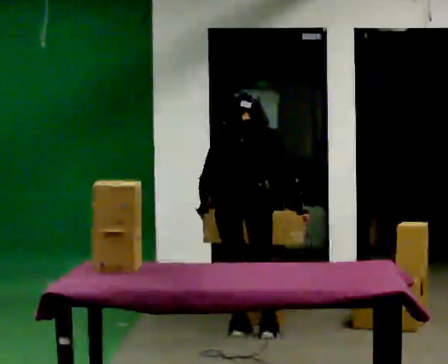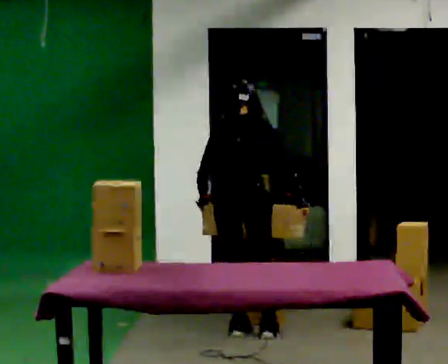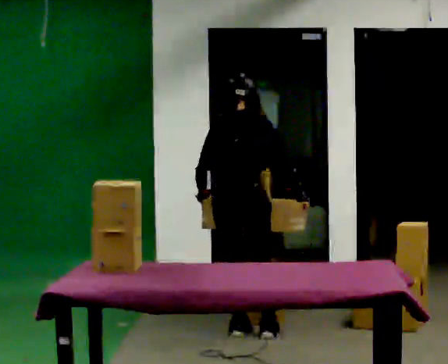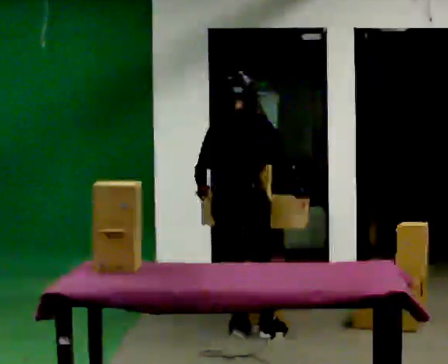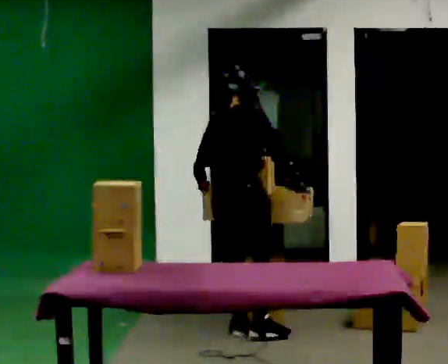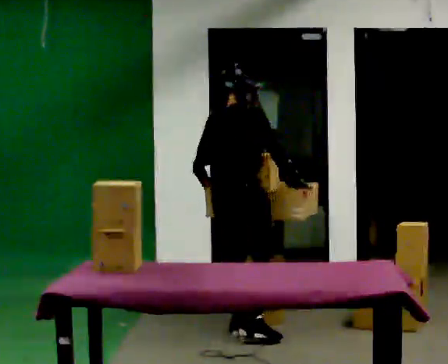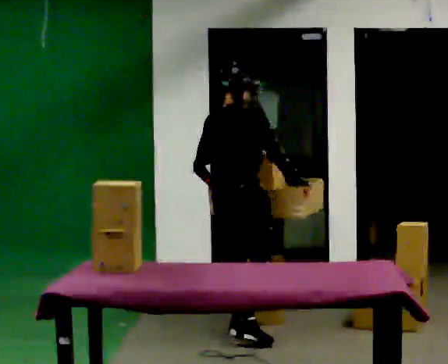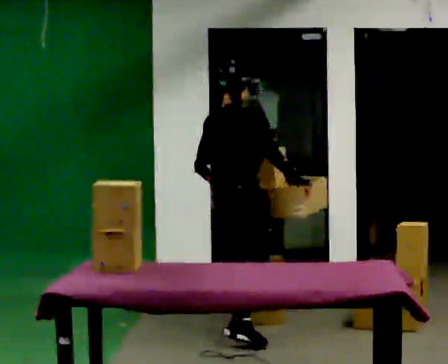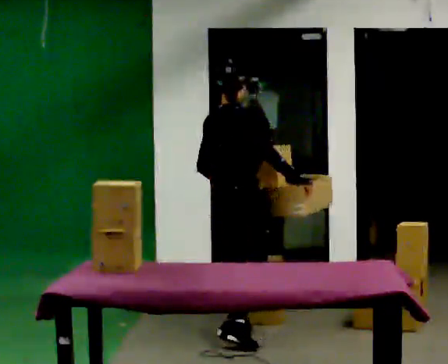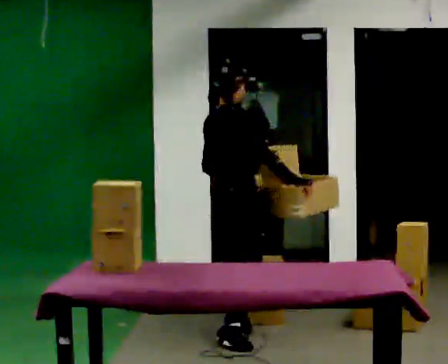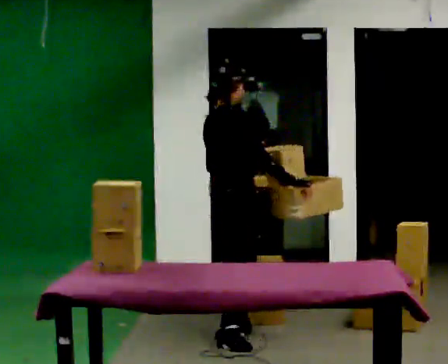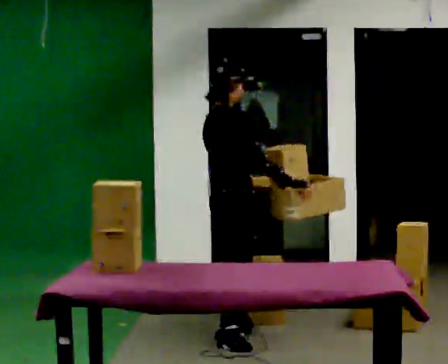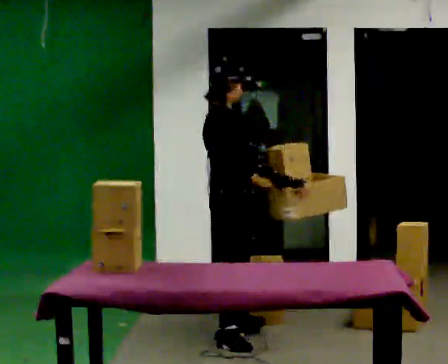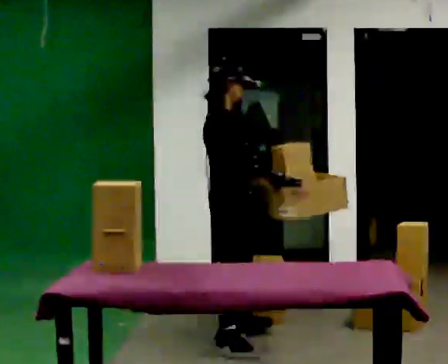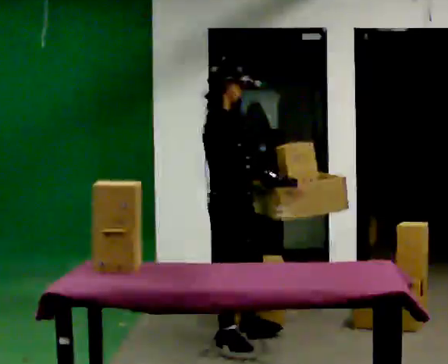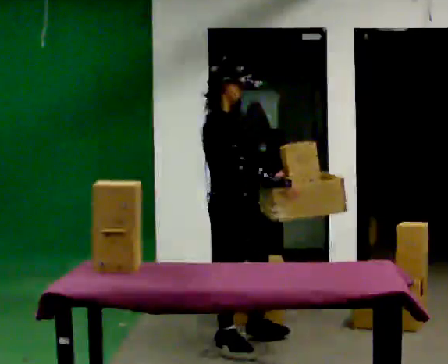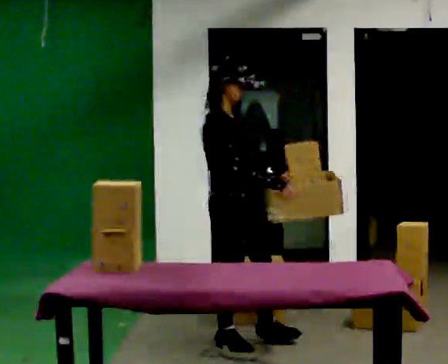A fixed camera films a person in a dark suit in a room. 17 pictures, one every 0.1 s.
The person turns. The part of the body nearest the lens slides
to the left.
The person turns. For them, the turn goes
to their right.
0.0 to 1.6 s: The part of the body nearest the lens slides to the left as the person turns to their right by about 90 degrees. In the picture they go toward the camera, about 0.25 m in 1 step. The upper body tips toward the camera, its near side rolling downward, as they lean back or straighten. In the picture their left hand goes to the right, the arm swinging counterclockwise.
The film runs forward here.
